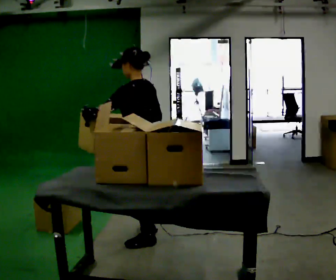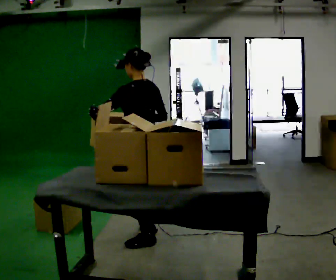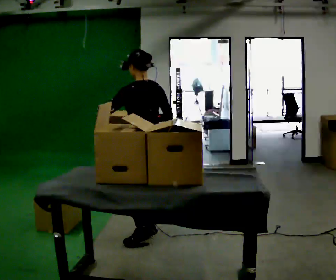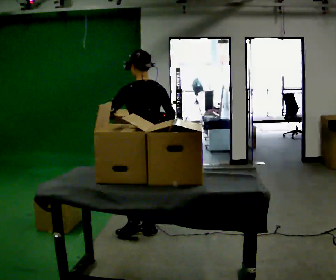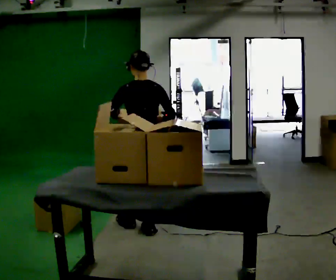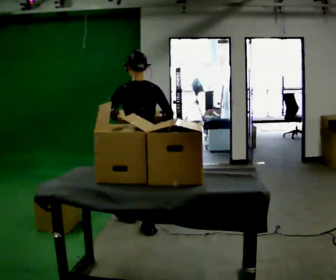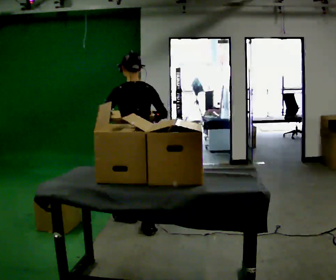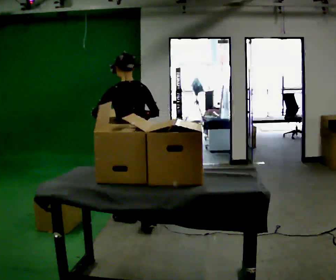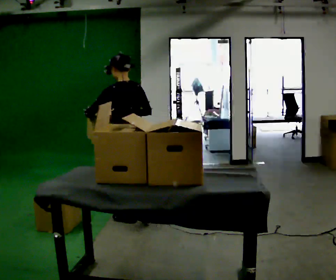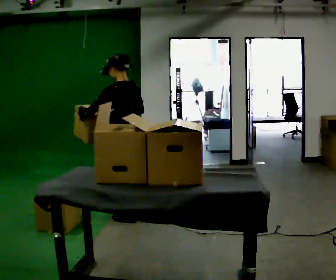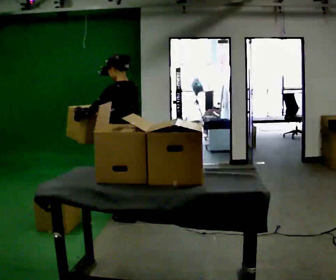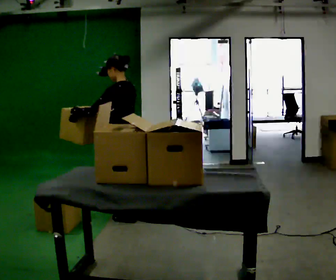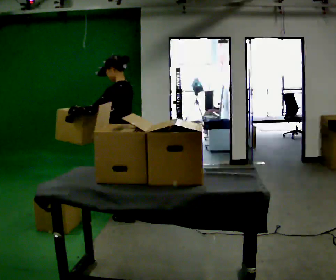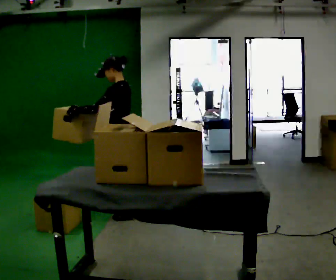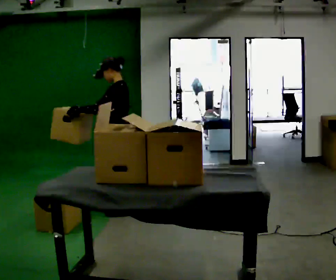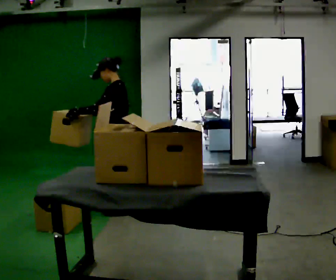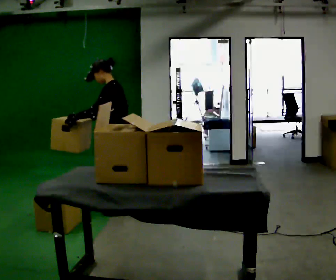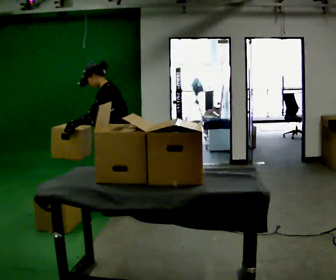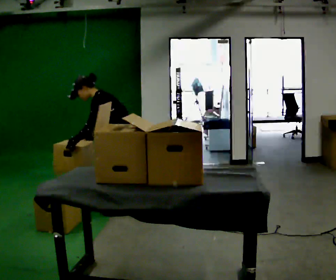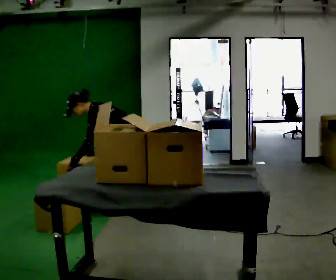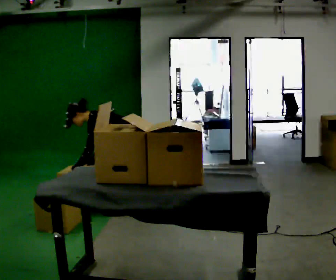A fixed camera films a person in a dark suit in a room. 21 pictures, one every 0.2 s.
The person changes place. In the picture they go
away from the camera.
Their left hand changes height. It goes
downward.
0.0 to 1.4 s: The part of the body nearest the lens slides to the left as the person turns to their right by about 30 degrees. In the picture they go away from the camera, about 0.5 m in 1 step, which for them is forward.
1.4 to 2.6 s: Seen from above the body turns counterclockwise, about 60 degrees: to their left, with its near side sliding to the right. In the picture they go away from the camera, about 0.5 m in 1 step, which for them is forward and to their right.
2.6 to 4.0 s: The shoulders move downward. In the picture the upper body tilts counterclockwise, shoulders to the left, as they bend forward. In the picture their left hand goes downward.
The film runs forward here.
